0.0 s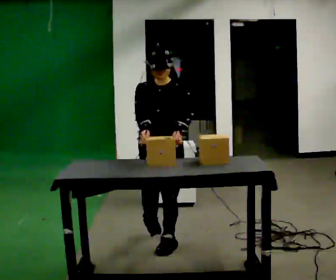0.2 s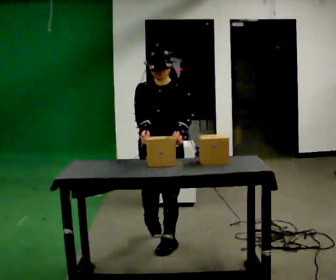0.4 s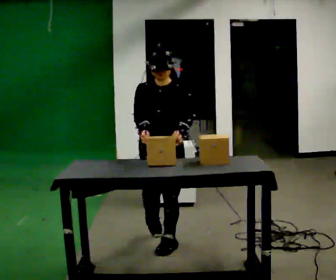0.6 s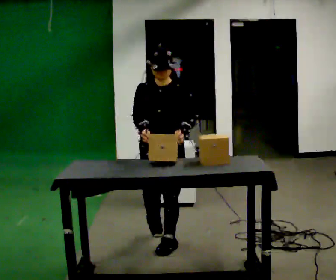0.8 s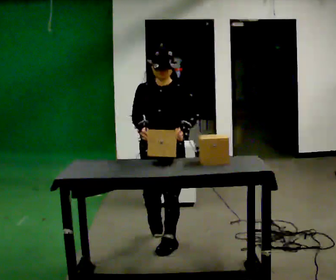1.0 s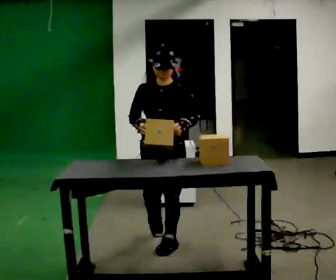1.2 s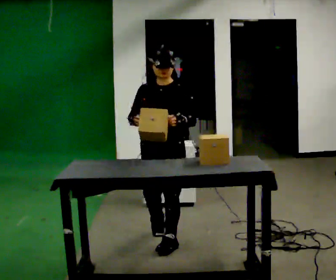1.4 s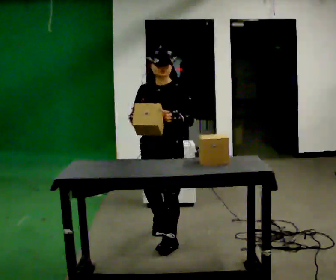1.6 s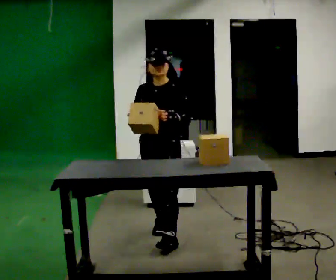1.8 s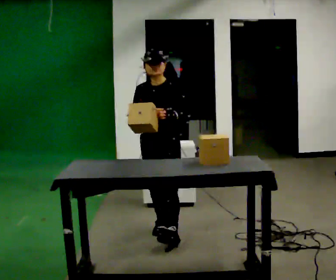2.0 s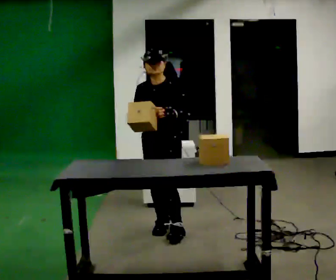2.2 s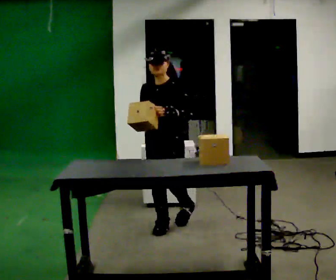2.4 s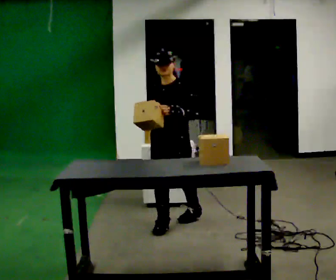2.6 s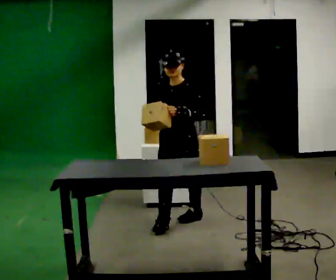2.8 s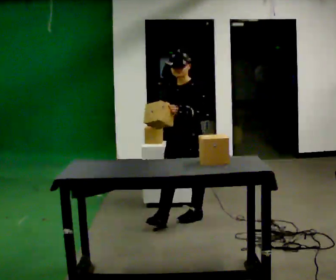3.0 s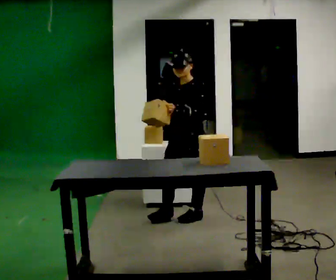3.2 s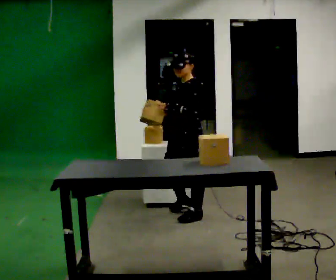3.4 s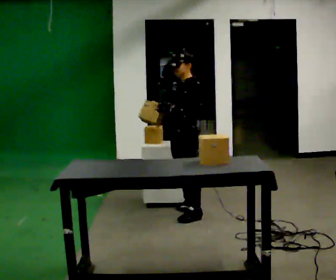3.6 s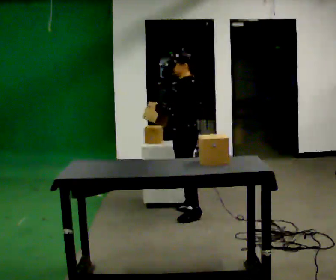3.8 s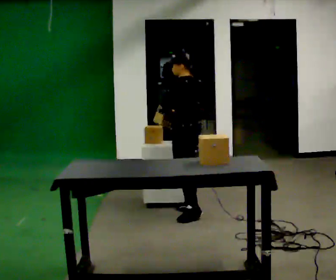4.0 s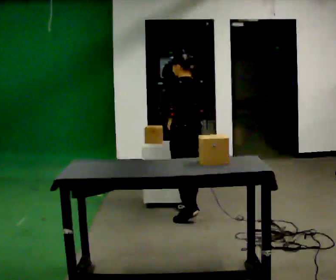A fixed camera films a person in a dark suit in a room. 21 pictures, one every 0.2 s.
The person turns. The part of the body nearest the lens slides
to the left.
The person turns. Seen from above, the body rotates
clockwise.
0.0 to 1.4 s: The person moves a little, or ends about where they began.
1.4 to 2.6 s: In the picture they go away from the camera, about 0.5 m in 1 step, which for them is backward.
2.6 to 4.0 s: The person turns about 105 degrees to their right, clockwise seen from above, so the part of the body nearest the lens slides to the left. In the picture they go away from the camera, about 0.25 m in 2 steps.
The film runs backward here.
